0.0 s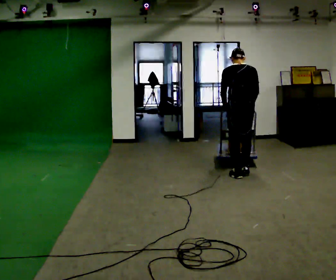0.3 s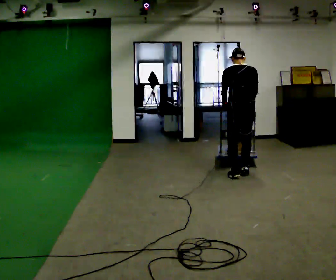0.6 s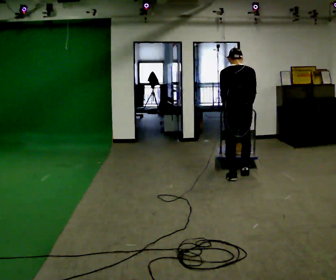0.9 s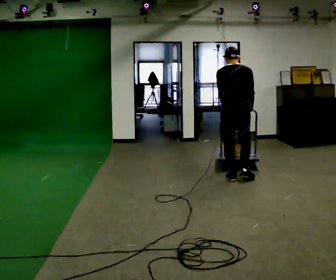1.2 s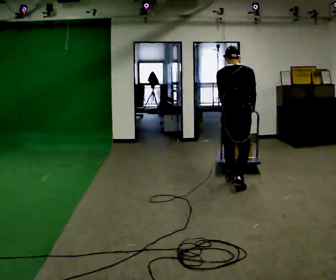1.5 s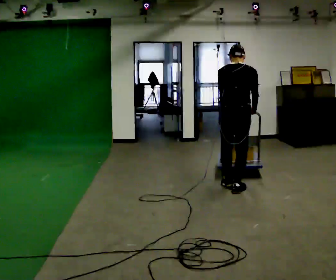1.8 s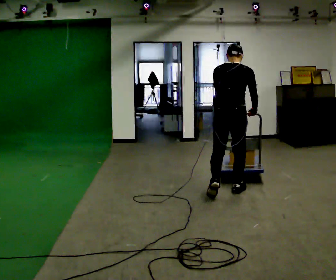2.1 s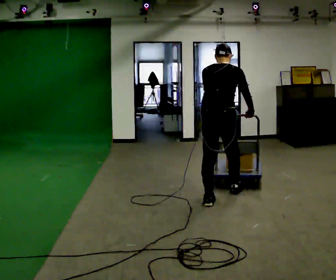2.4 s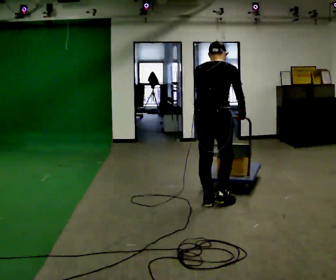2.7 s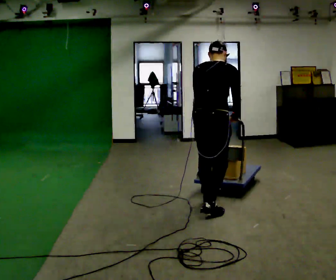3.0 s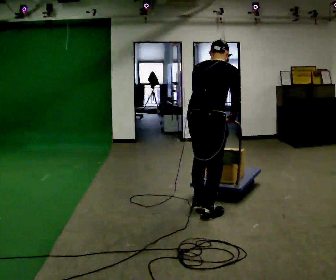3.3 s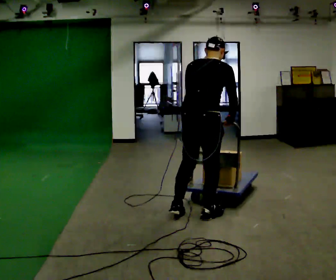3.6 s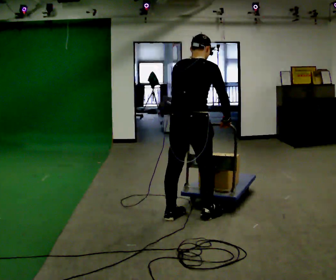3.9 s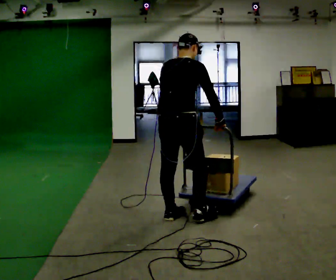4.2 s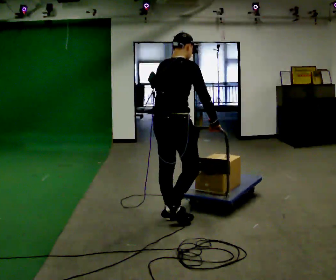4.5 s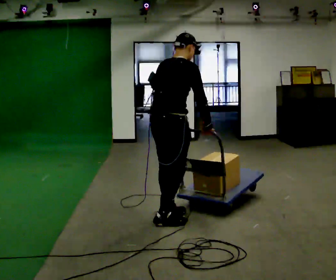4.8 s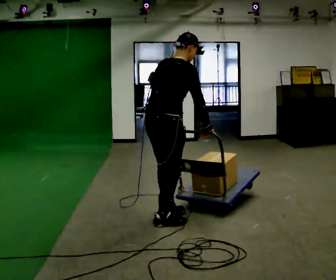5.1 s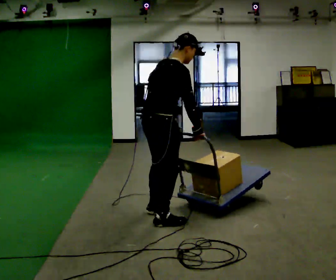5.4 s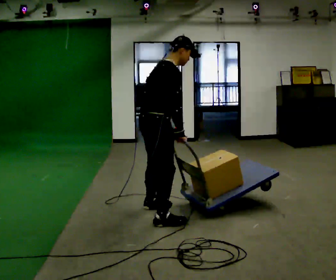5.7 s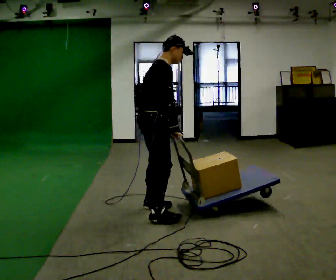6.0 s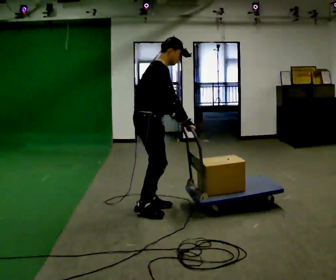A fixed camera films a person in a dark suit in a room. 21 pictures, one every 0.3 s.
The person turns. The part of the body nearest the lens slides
to the left.
The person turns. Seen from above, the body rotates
clockwise.
0.0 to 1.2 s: In the picture they go toward the camera, about 0.5 m in 2 steps, which for them is backward.
1.2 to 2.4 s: In the picture they go toward the camera, about 1 m in 2 steps, which for them is backward.
2.4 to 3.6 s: In the picture they go toward the camera and to the left, about 0.5 m in 1 step, which for them is backward.
3.6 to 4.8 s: In the picture they go to the left, about 0.25 m in 1 step, which for them is backward.
4.8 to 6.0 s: Seen from above the body turns clockwise, about 30 degrees: to their right, with its near side sliding to the left. In the picture they go away from the camera and to the left, about 0.25 m in 2 steps, which for them is to their left.
The film runs backward here.
